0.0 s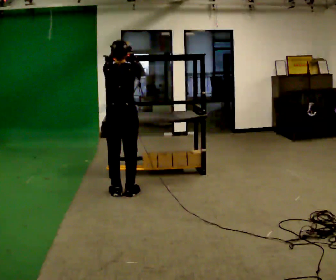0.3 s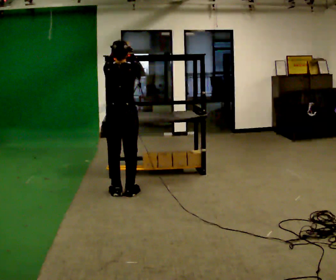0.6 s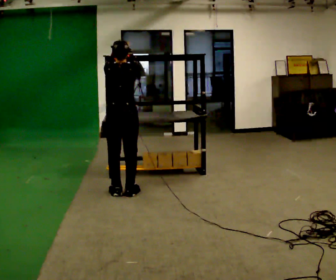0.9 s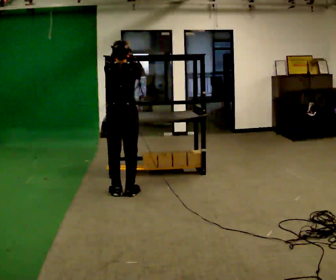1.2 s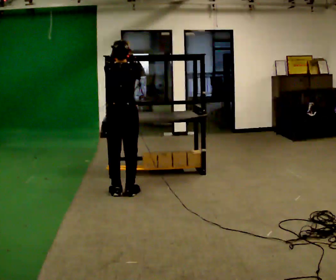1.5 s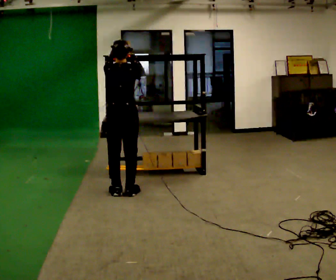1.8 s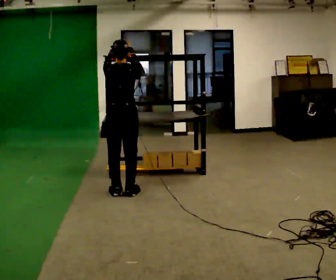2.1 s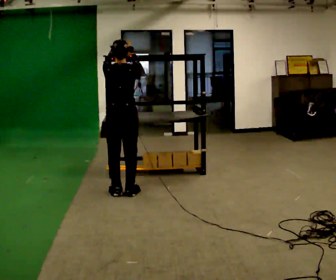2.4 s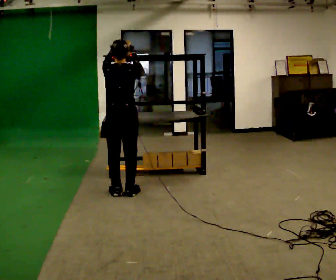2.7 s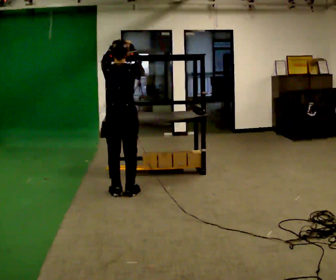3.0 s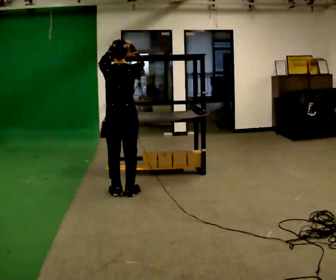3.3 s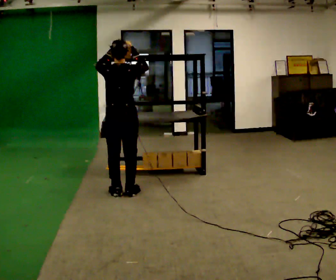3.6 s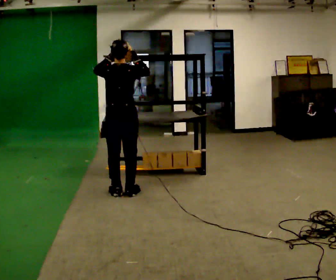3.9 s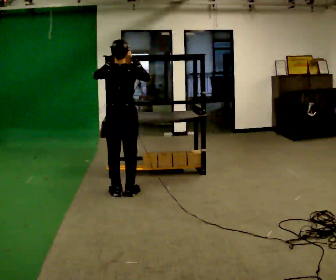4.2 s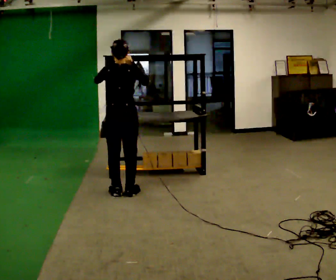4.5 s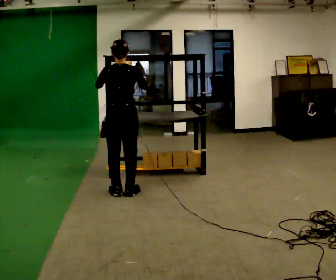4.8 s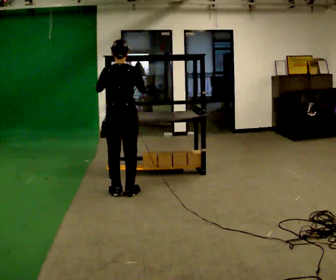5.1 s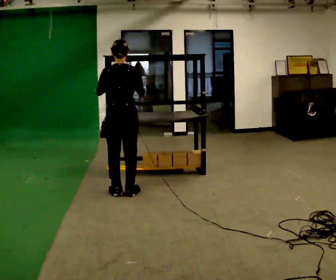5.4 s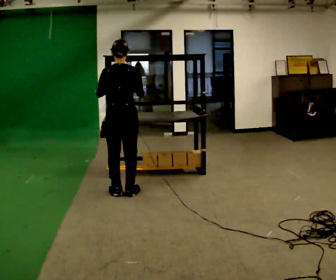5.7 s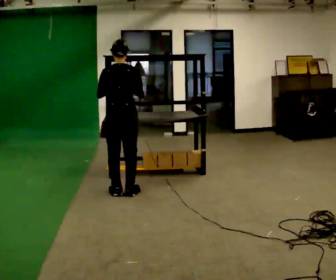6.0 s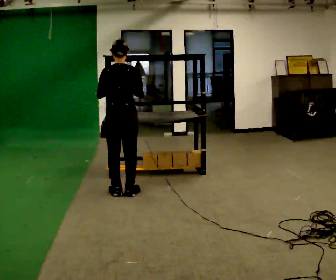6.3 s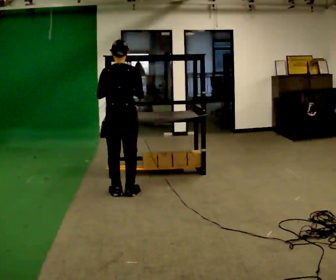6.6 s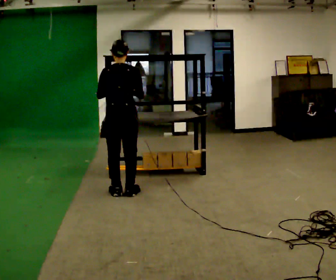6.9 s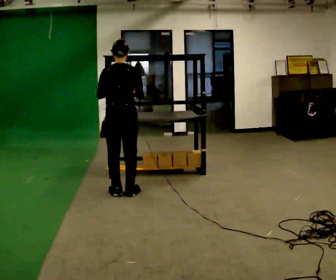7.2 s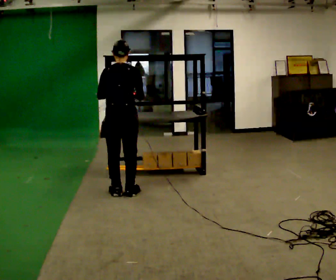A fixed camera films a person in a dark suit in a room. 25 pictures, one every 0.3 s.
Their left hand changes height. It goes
downward.
Their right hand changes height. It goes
downward.
0.0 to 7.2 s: In the picture their right hand goes downward.
The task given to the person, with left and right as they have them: Take an object from the highest shelf you can comfortably reach, carry it across, and place it on the lowest shelf. Keep going until the operator says stop; one object at a time, and do not rush between trips.
The film runs forward here.
